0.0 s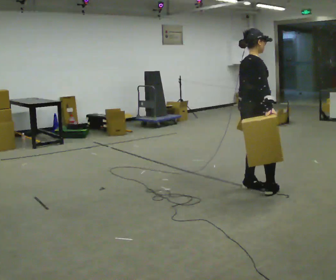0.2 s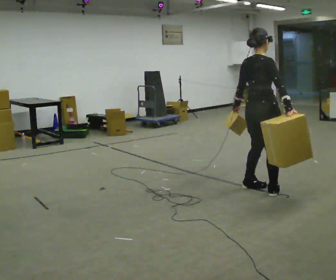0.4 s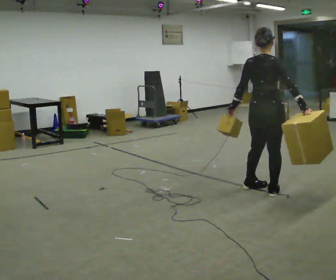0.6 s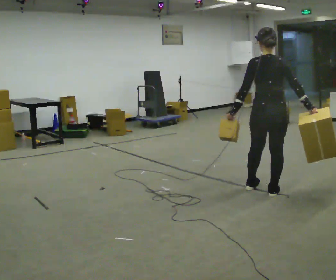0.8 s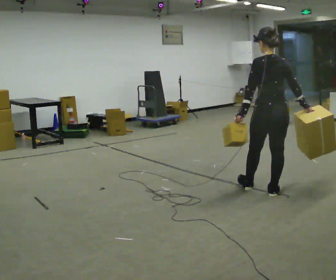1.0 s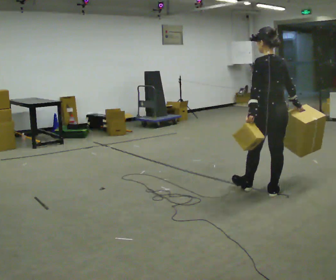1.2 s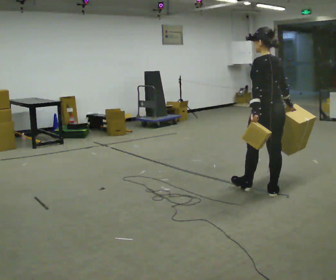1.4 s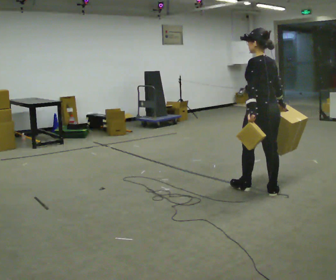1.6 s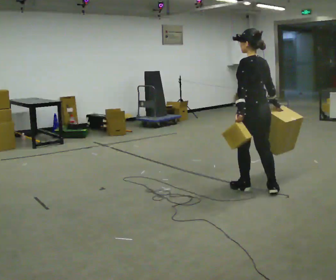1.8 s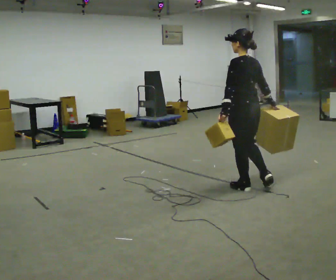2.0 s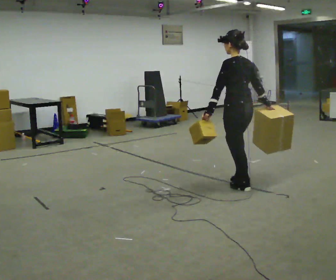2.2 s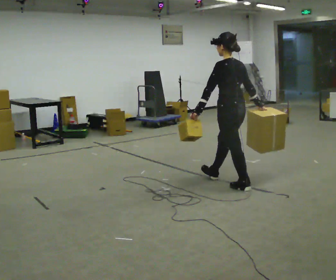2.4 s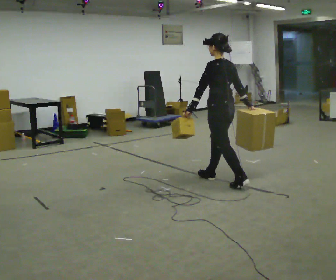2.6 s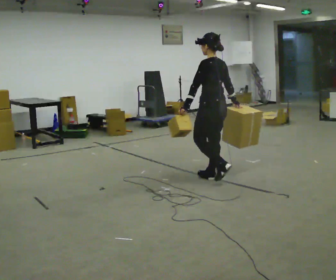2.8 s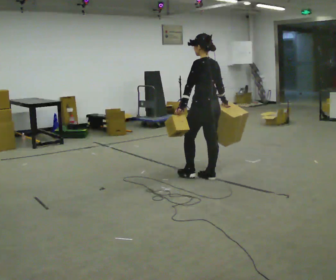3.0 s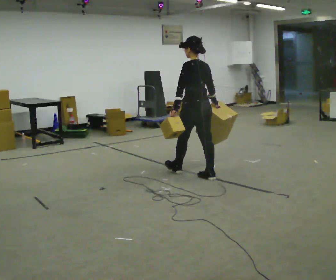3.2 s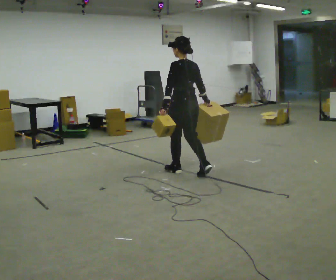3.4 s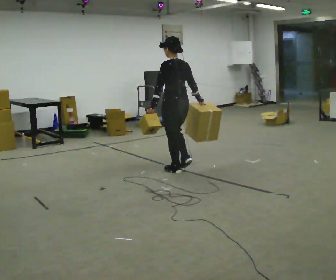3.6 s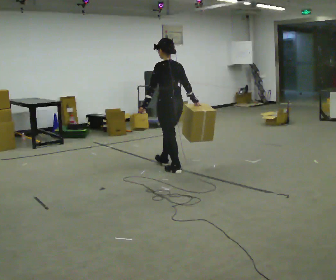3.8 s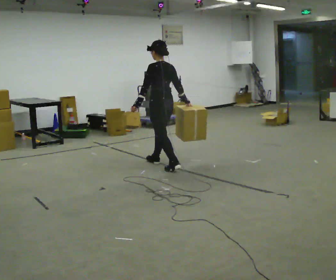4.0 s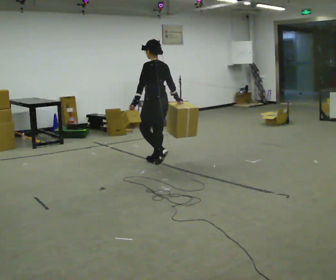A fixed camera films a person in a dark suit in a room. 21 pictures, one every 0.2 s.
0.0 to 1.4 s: Seen from above the body turns counterclockwise, about 105 degrees: to their left, with its near side sliding to the right.
1.4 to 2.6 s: In the picture they go to the left and away from the camera, about 0.75 m in 1 step, which for them is forward.
2.6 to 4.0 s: In the picture they go to the left and away from the camera, about 1 m in 2 steps, which for them is forward.
The film runs forward here.
